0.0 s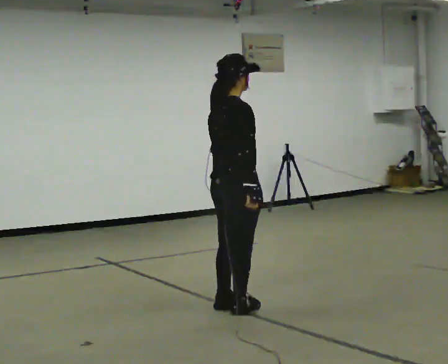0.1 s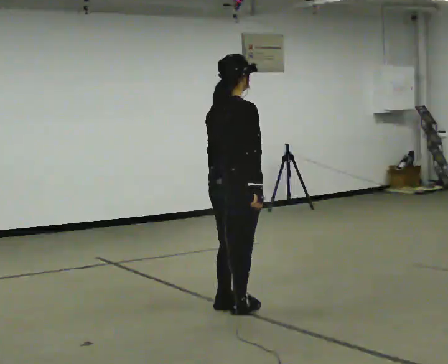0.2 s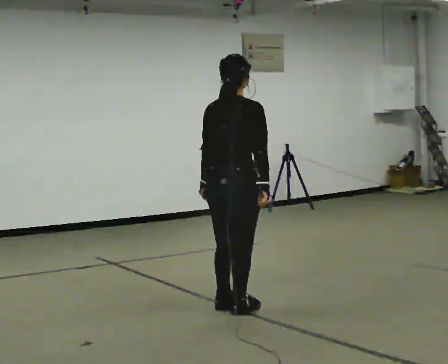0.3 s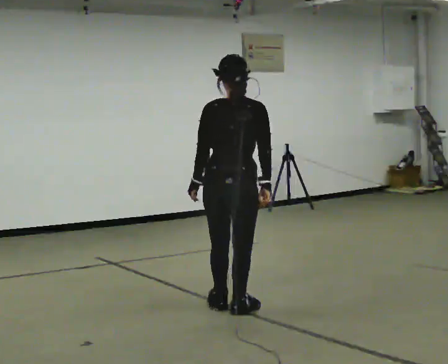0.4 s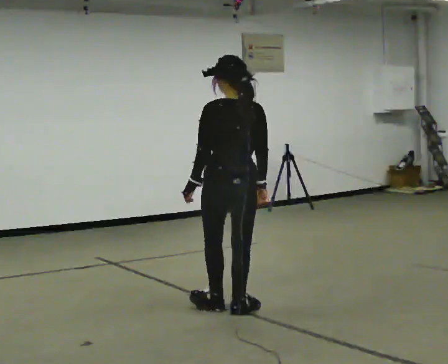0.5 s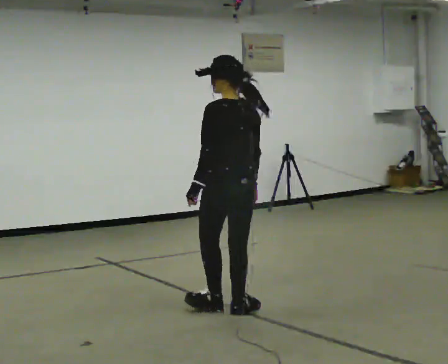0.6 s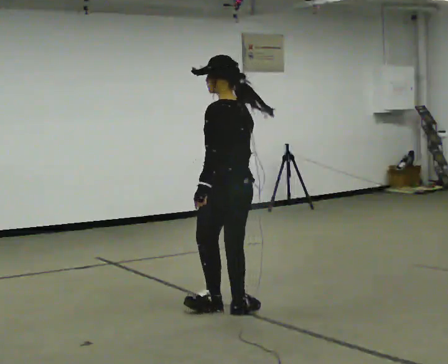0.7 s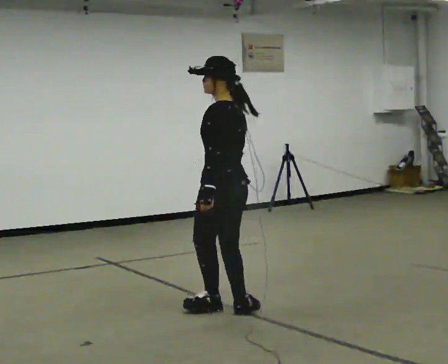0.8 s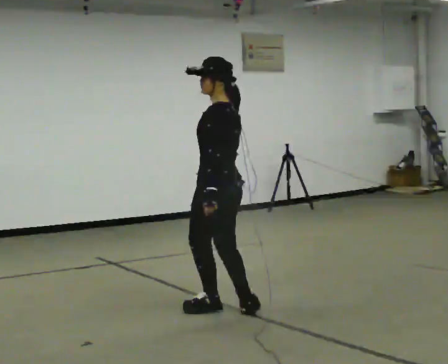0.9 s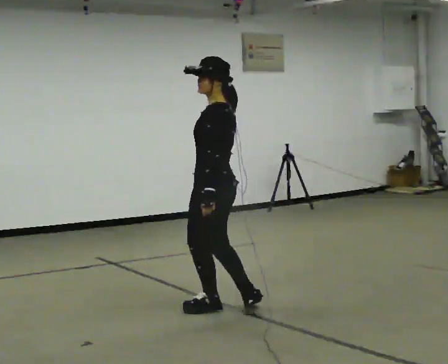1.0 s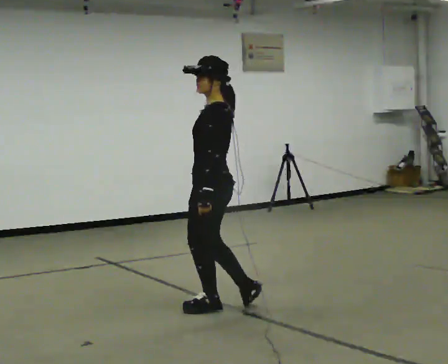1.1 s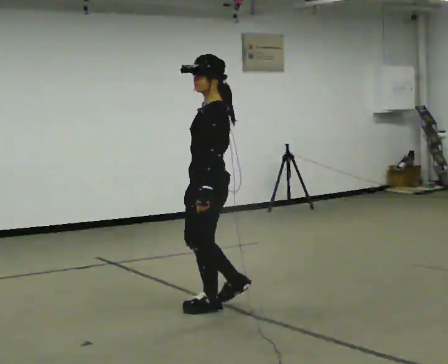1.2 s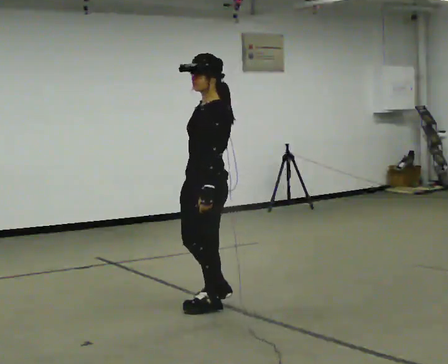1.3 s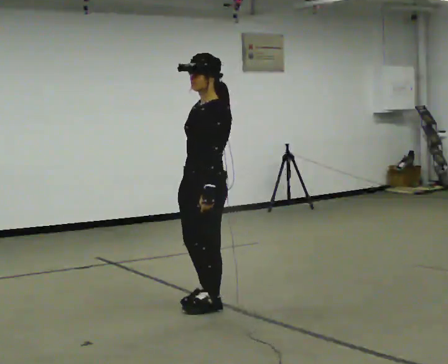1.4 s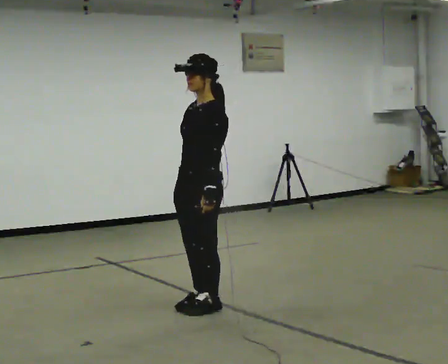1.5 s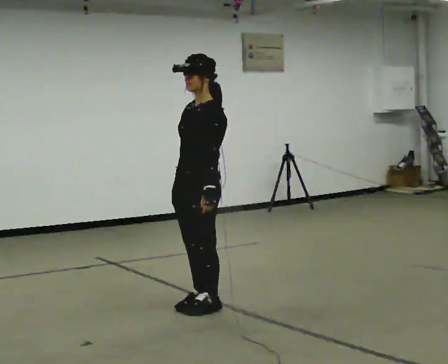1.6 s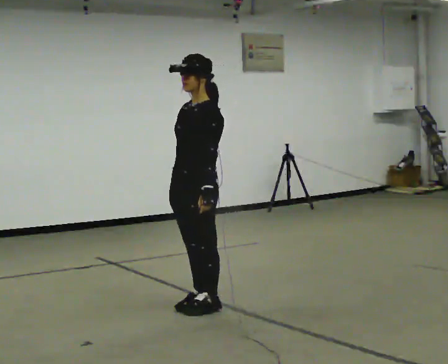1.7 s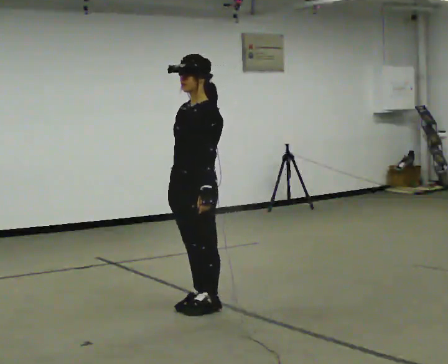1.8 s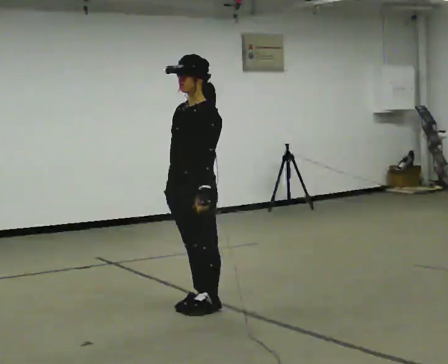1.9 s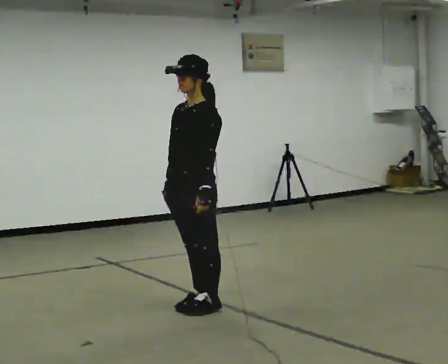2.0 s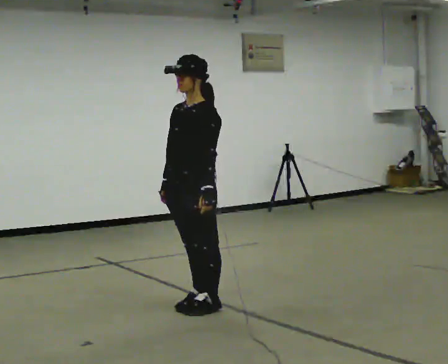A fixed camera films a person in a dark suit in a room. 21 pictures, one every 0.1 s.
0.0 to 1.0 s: The part of the body nearest the lens slides to the right as the person turns to their left by about 135 degrees.
1.0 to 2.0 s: The person turns about 45 degrees to their left, counterclockwise seen from above, so the part of the body nearest the lens slides to the right. In the picture their right hand goes to the left.
The film runs forward here.
